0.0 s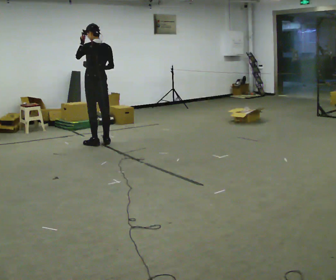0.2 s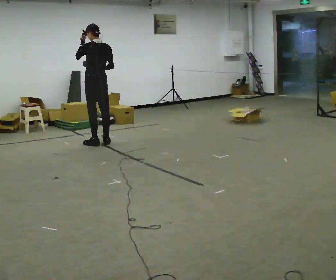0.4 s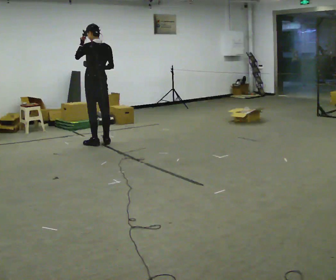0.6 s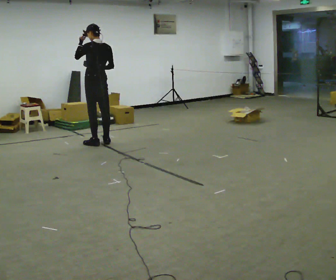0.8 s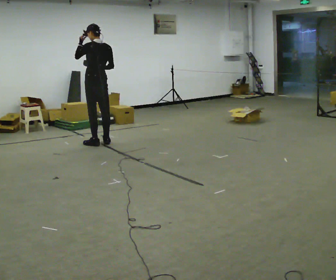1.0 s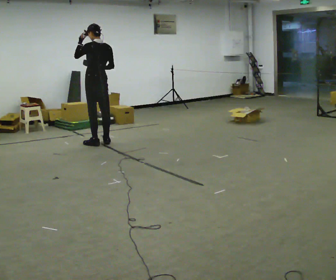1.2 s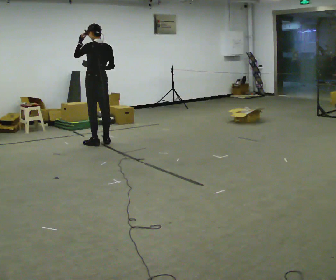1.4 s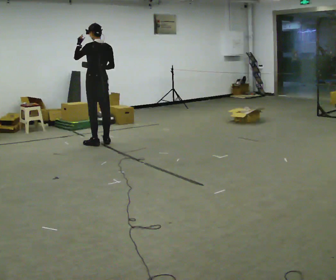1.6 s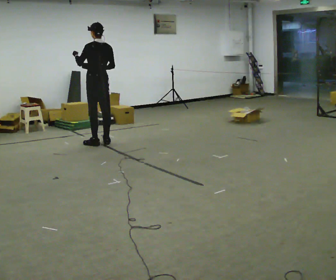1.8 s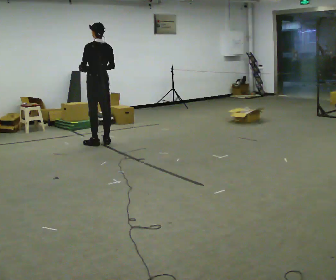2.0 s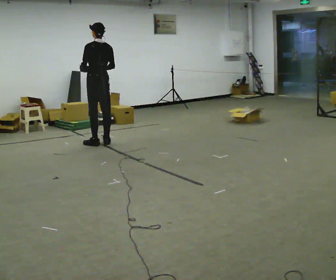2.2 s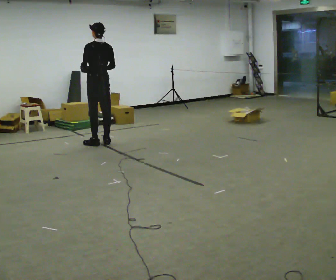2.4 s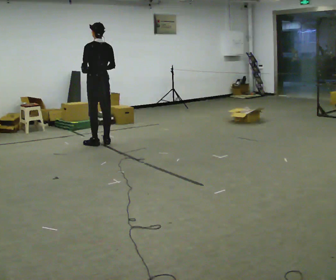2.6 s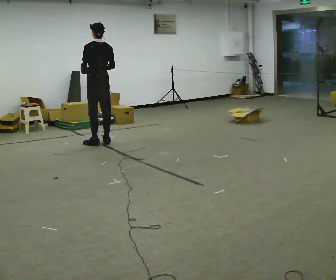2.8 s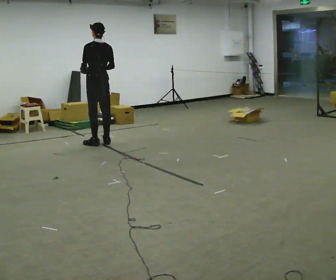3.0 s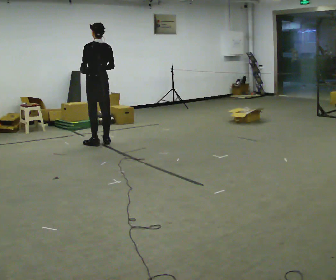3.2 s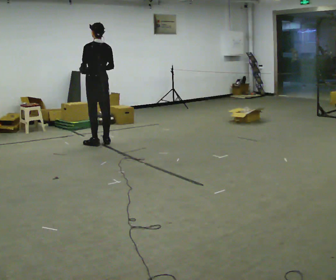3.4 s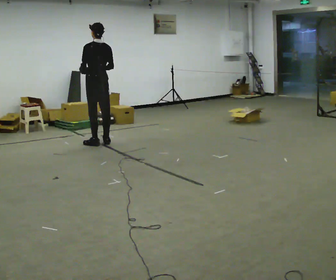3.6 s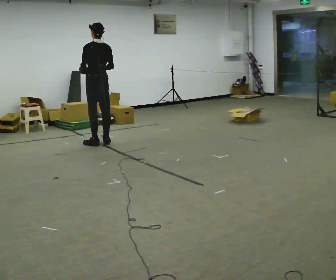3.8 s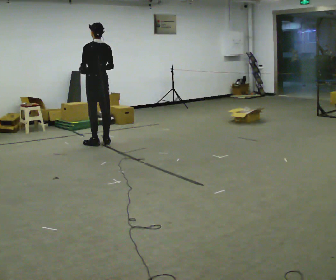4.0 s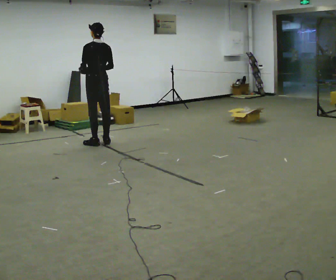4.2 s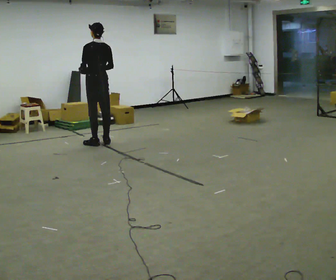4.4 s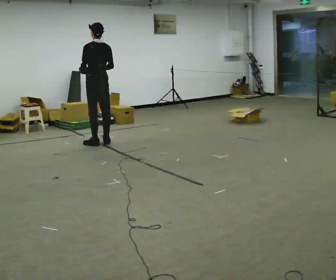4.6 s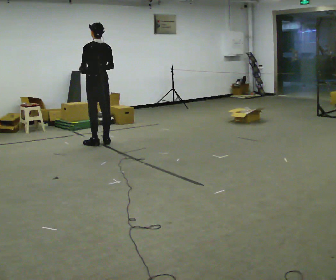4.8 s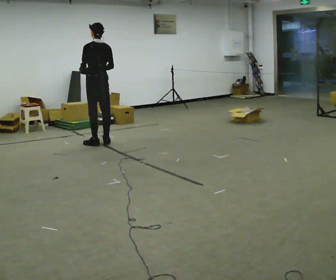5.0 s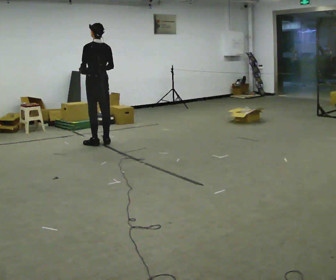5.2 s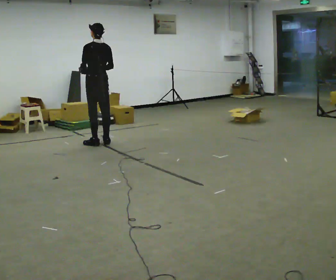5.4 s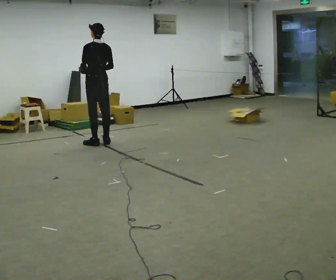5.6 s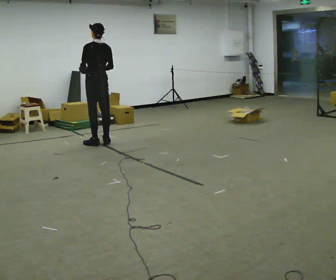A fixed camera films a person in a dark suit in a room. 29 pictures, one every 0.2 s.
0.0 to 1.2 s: The person moves a little, or ends about where they began.
1.2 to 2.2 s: In the picture their left hand goes downward.
2.2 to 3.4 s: The person moves a little, or ends about where they began.
3.4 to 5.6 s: The person keeps their place and pose.
The film runs backward here.
